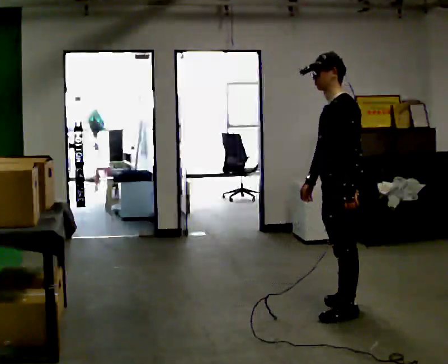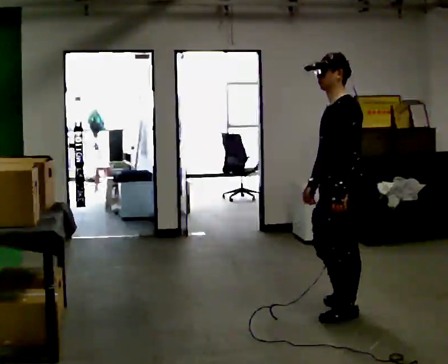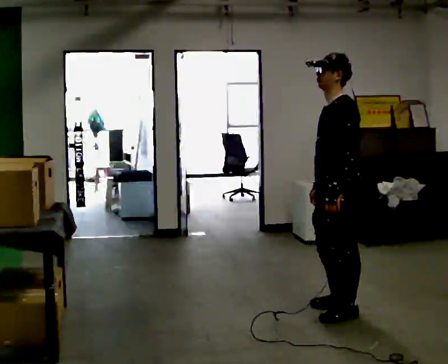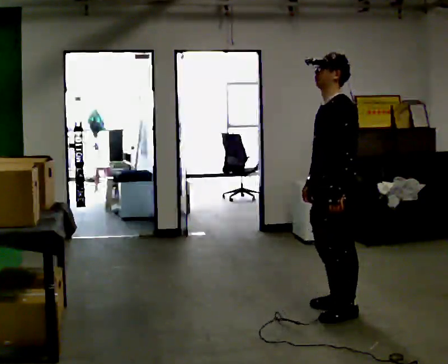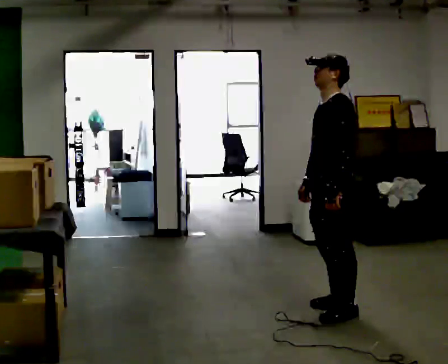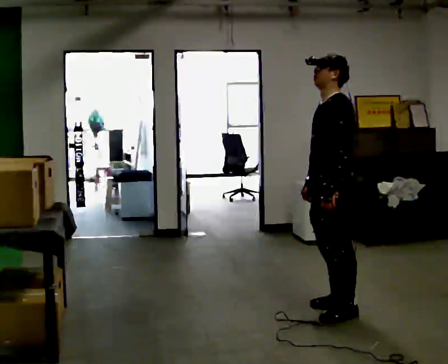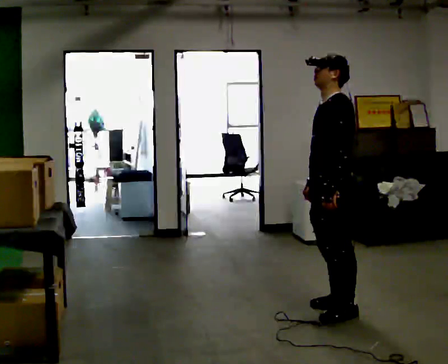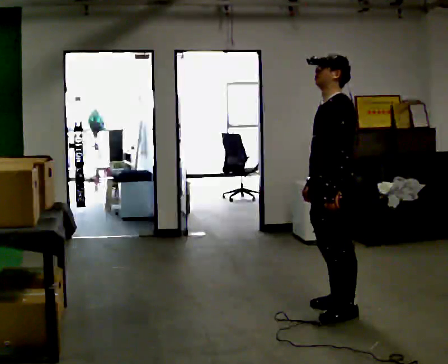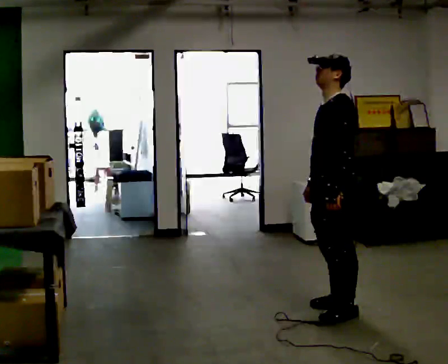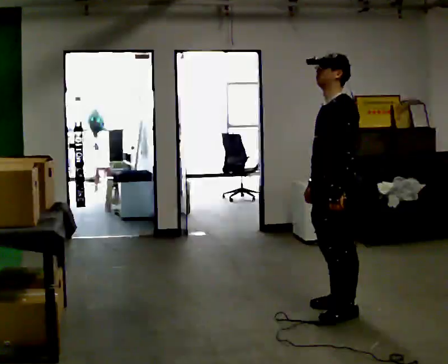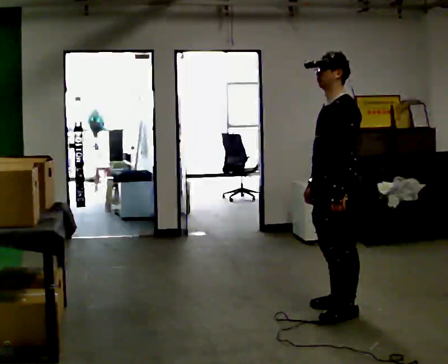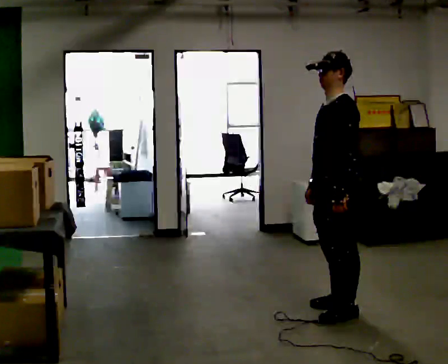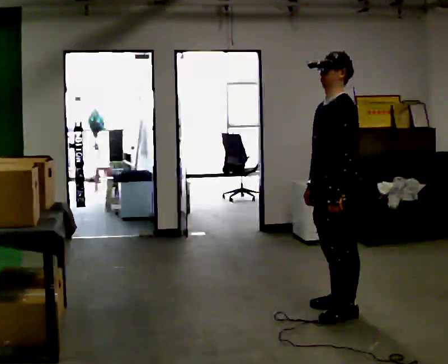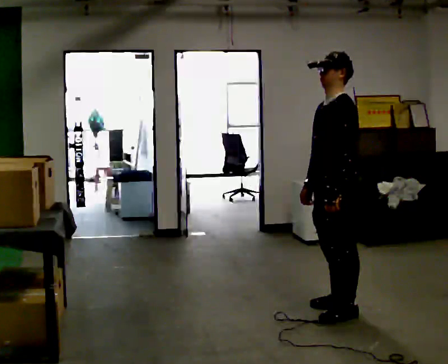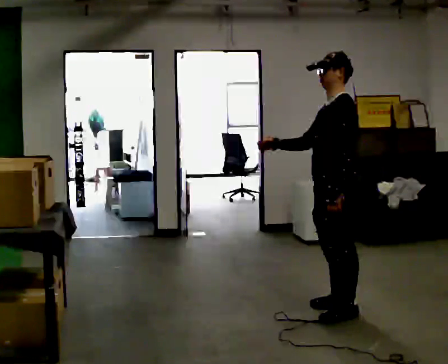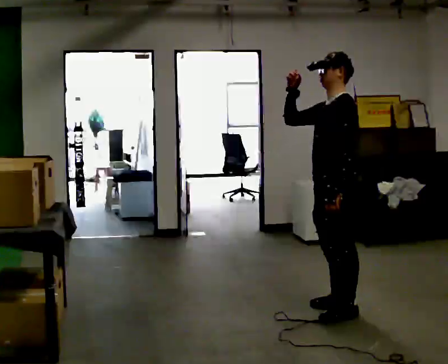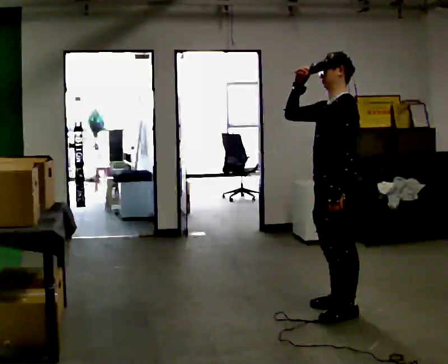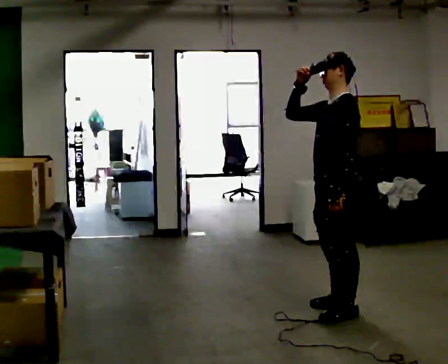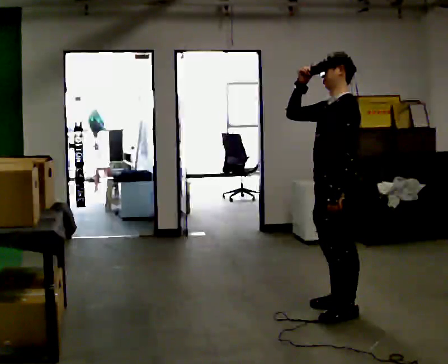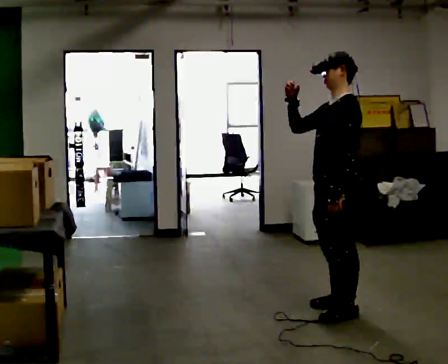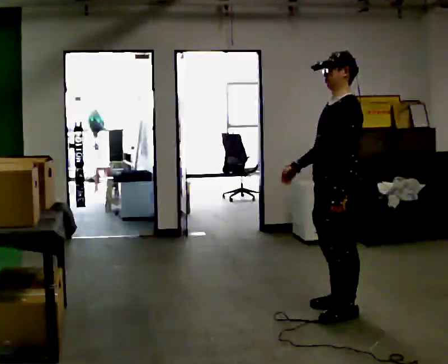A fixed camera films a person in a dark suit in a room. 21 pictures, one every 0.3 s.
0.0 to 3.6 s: The person moves a little, or ends about where they began.
3.6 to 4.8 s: In the picture their right hand goes upward.
4.8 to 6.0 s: In the picture their right hand goes downward.
The film runs forward here.
